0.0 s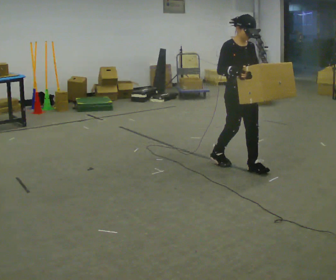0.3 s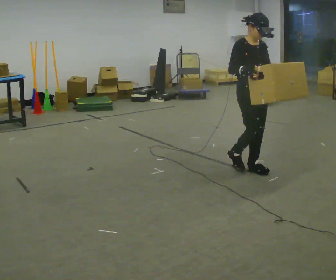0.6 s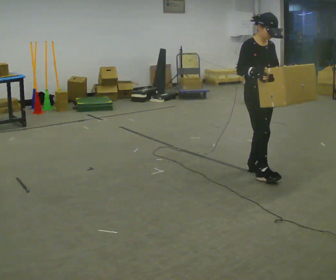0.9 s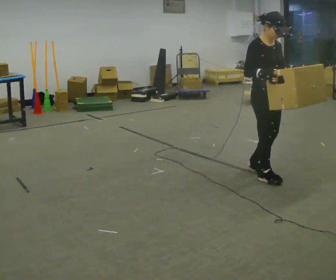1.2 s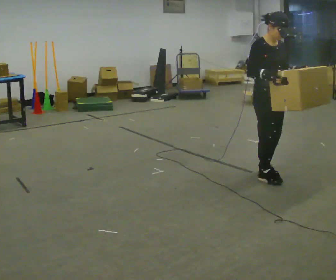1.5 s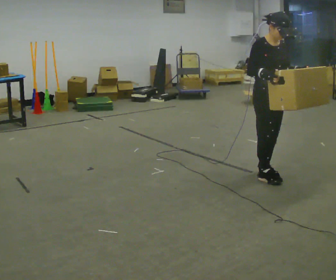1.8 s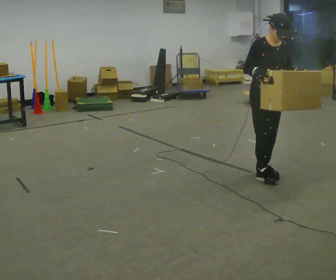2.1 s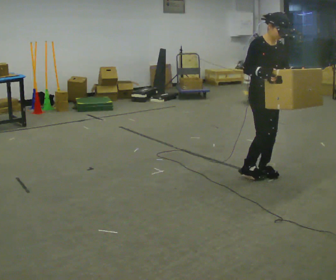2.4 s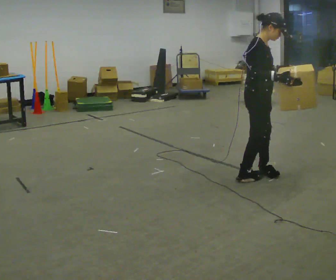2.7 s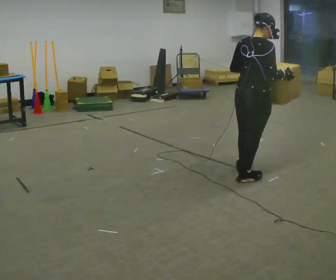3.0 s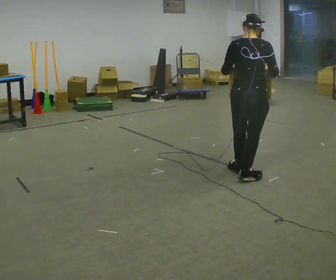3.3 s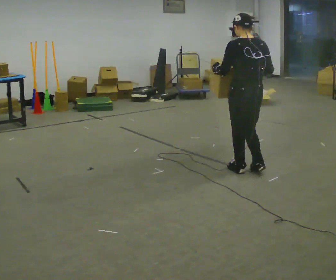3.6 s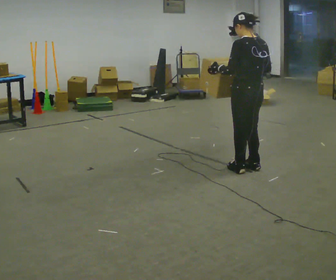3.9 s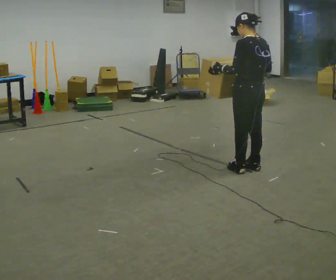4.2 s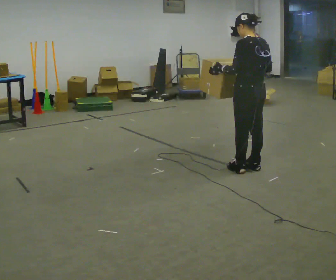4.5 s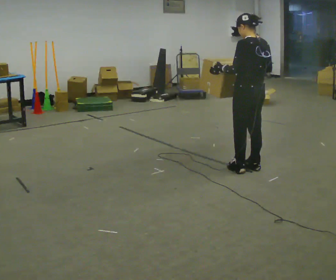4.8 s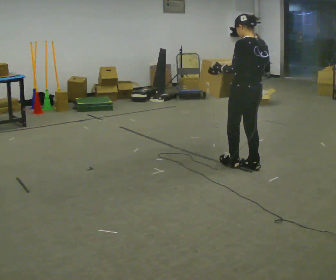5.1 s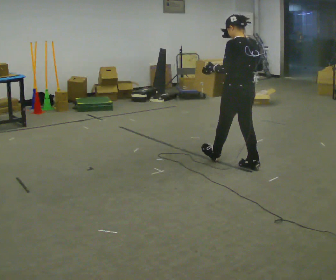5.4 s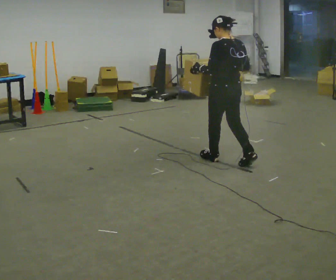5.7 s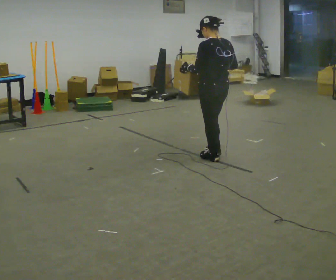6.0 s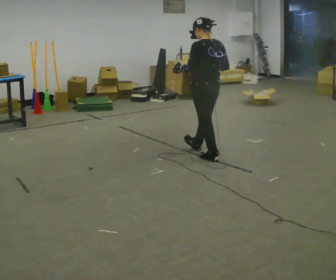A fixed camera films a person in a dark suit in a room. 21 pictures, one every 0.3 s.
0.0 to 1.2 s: In the picture they go toward the camera and to the right, about 0.25 m in 2 steps, which for them is forward.
1.2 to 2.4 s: The person turns about 45 degrees to their left, counterclockwise seen from above, so the part of the body nearest the lens slides to the right.
2.4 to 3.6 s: Seen from above the body turns counterclockwise, about 135 degrees: to their left, with its near side sliding to the right. In the picture their left hand goes to the left.
3.6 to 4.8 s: The person moves a little, or ends about where they began.
4.8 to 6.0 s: In the picture they go to the left and away from the camera, about 0.5 m in 2 steps, which for them is forward.
The film runs forward here.
